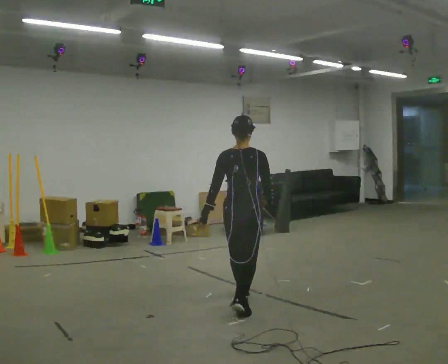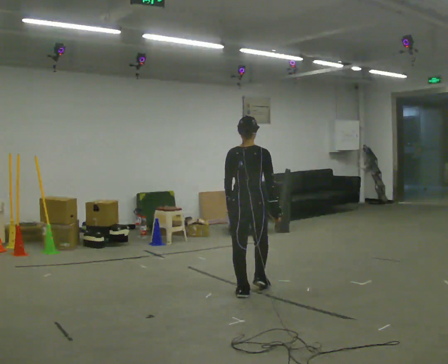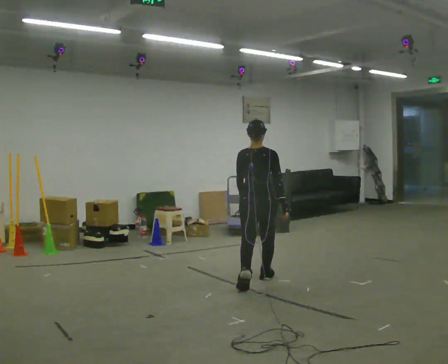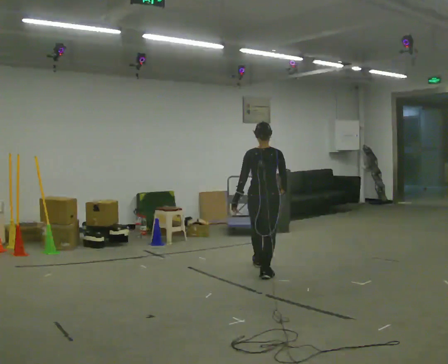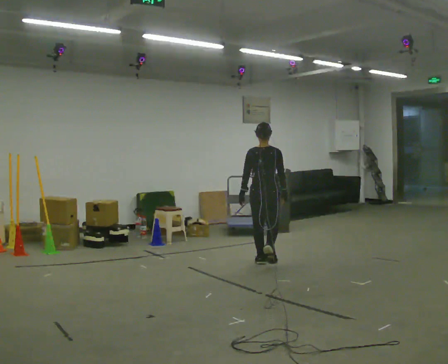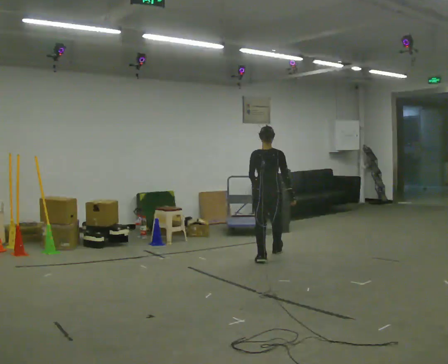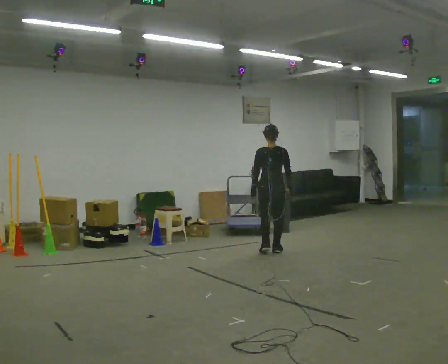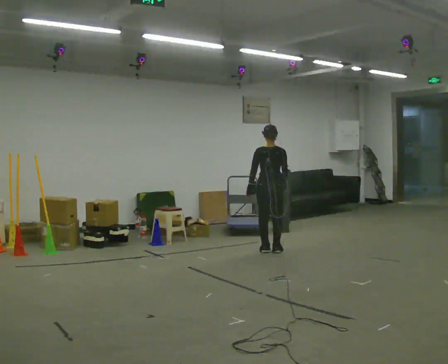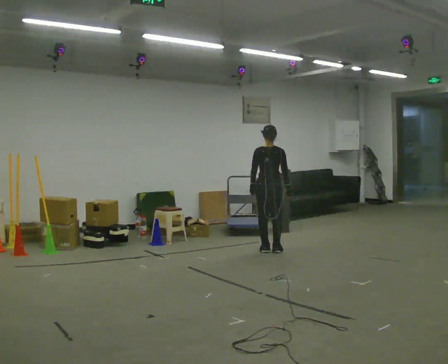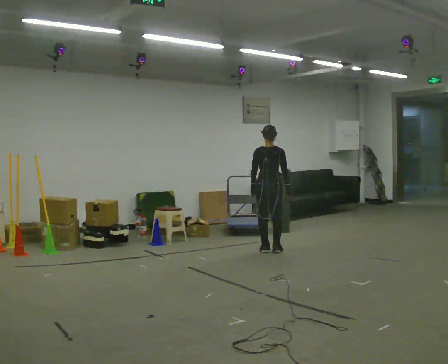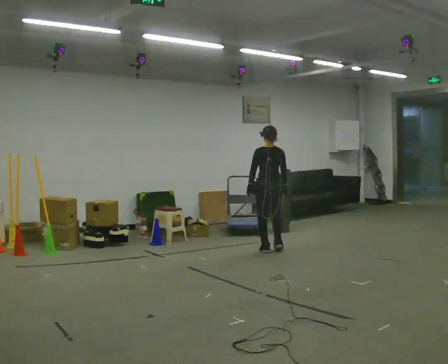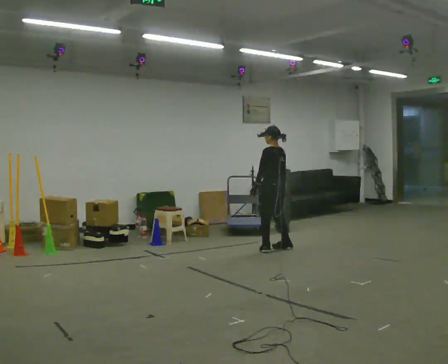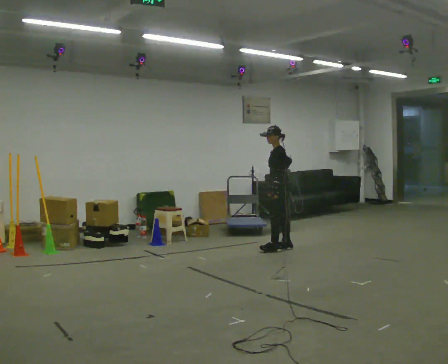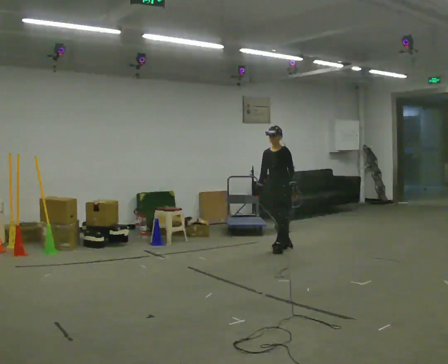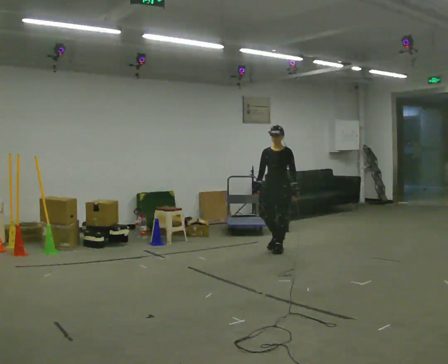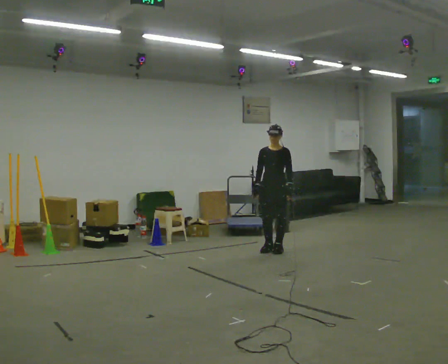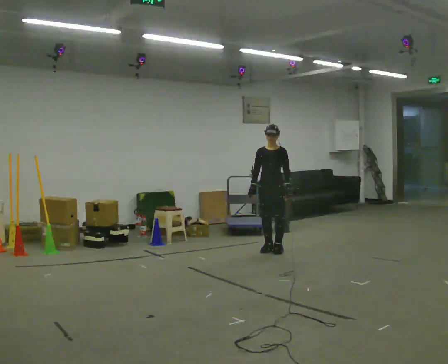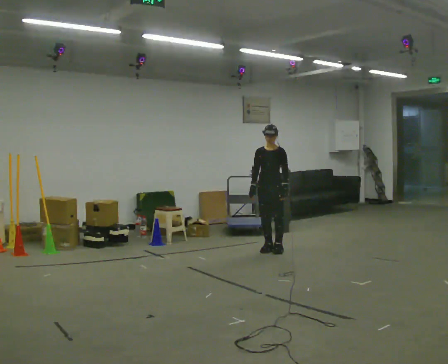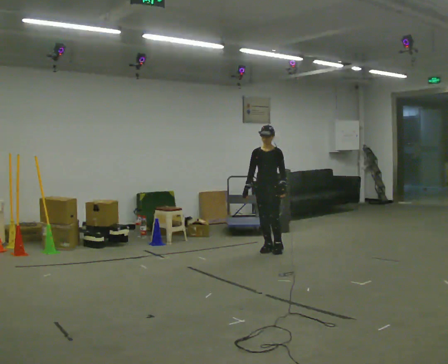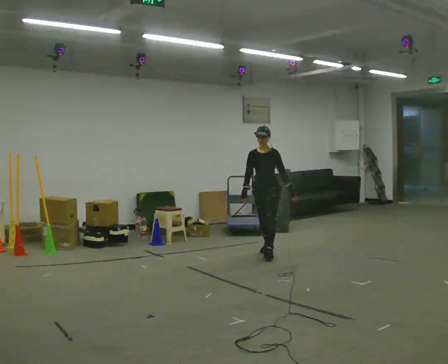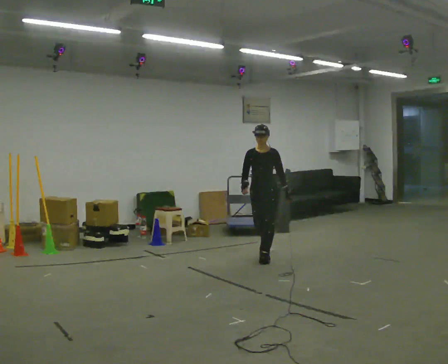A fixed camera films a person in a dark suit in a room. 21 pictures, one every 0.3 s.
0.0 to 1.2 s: In the picture they go away from the camera, about 1.5 m in 2 steps, which for them is forward.
1.2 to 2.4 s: In the picture they go away from the camera, about 0.5 m in 2 steps, which for them is forward.
2.4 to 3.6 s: The person turns about 105 degrees to their left, counterclockwise seen from above, so the part of the body nearest the lens slides to the right. In the picture they go to the right, about 0.25 m in 1 step.
3.6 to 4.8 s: Seen from above the body turns counterclockwise, about 75 degrees: to their left, with its near side sliding to the right.
4.8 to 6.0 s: In the picture they go toward the camera, about 0.5 m in 1 step, which for them is forward.
The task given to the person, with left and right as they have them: Start still; accelerate to fast walking; hold the fast speed for several steps; decelerate and stop. Do not run.
The film runs forward here.
